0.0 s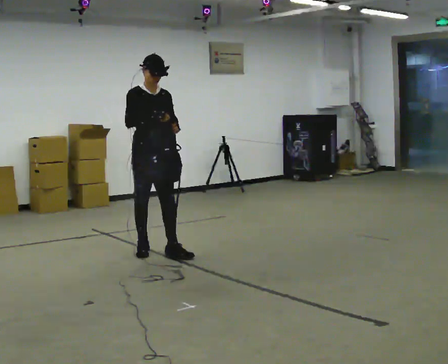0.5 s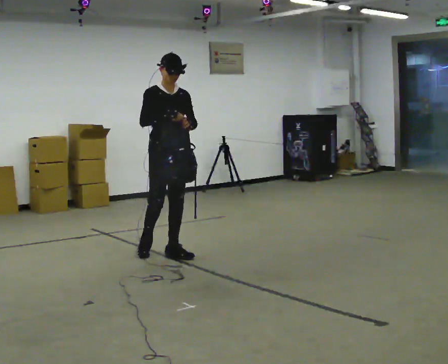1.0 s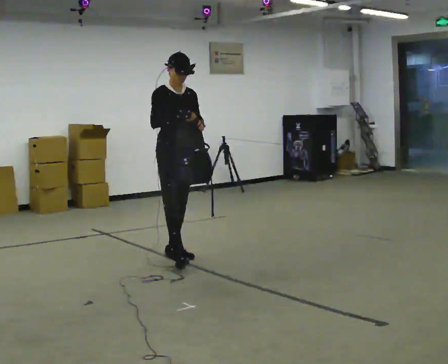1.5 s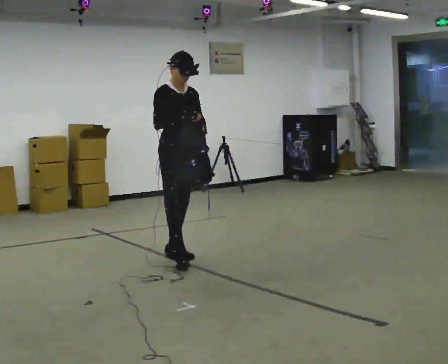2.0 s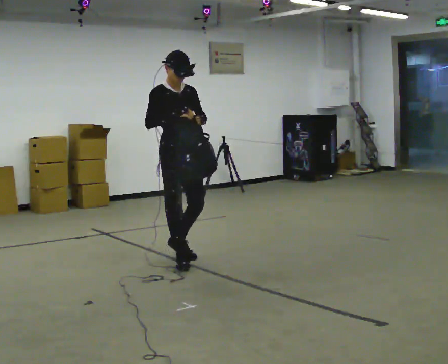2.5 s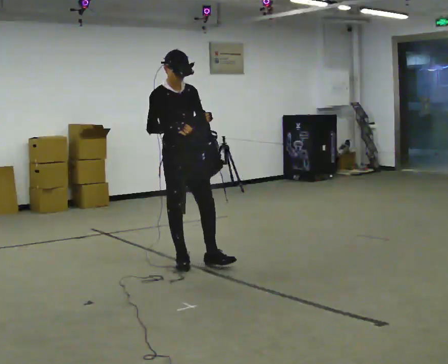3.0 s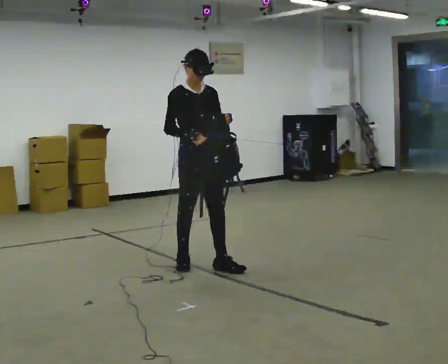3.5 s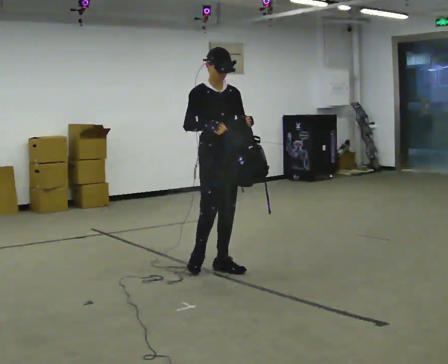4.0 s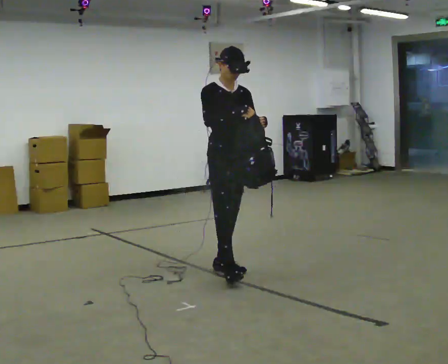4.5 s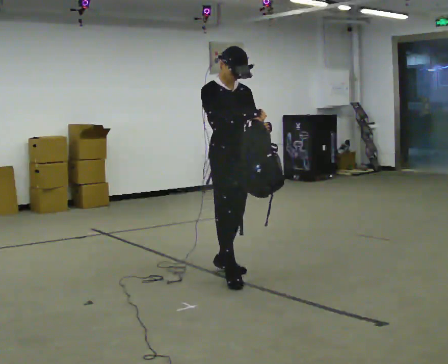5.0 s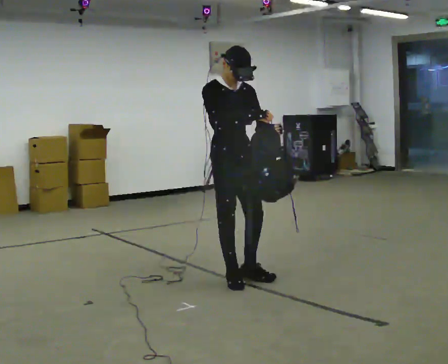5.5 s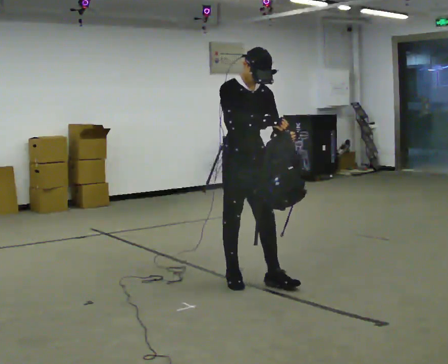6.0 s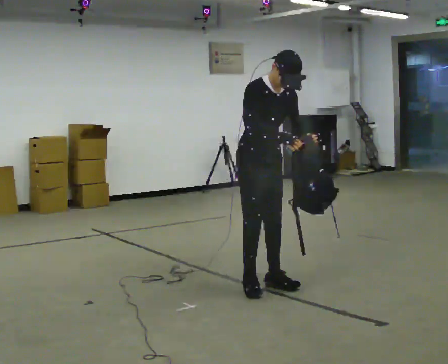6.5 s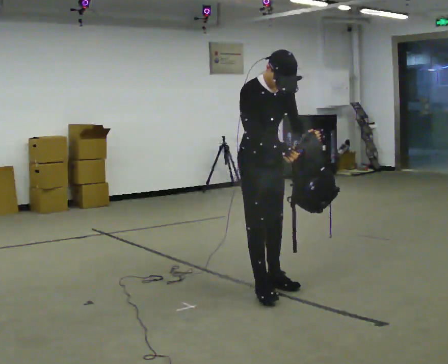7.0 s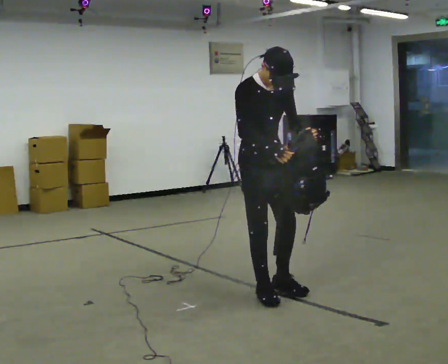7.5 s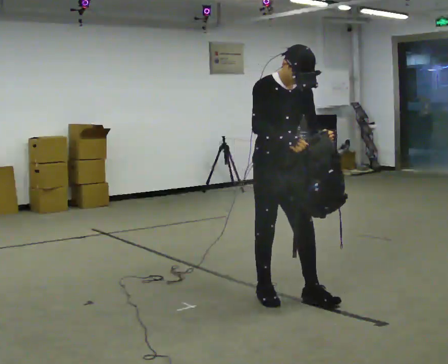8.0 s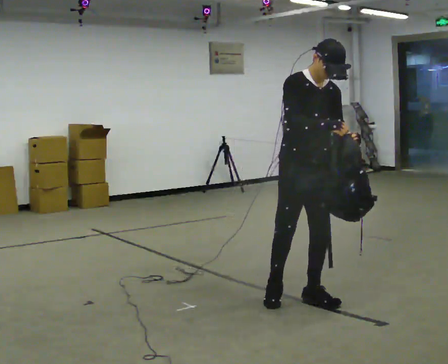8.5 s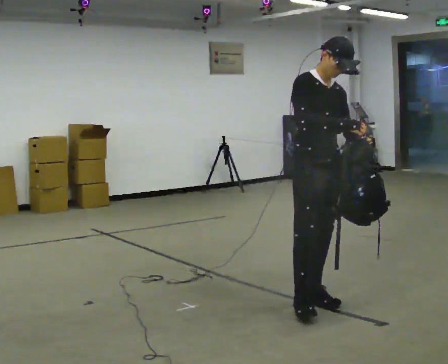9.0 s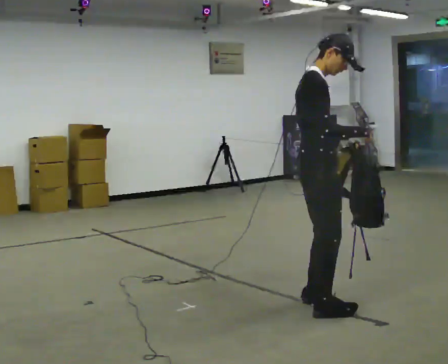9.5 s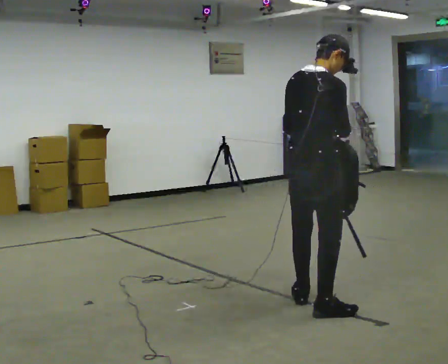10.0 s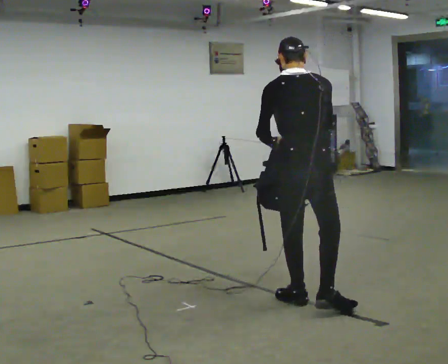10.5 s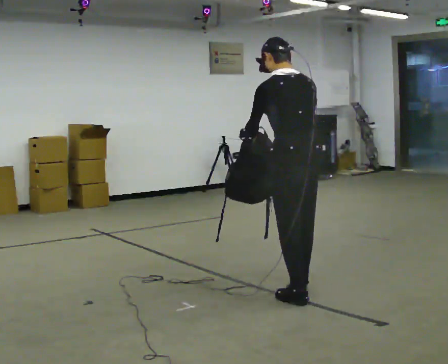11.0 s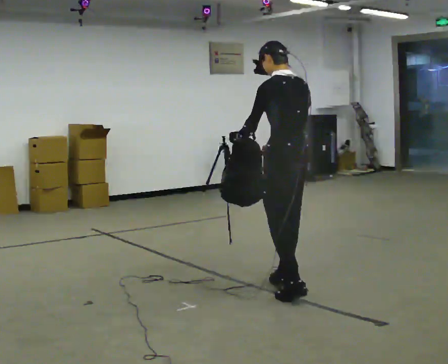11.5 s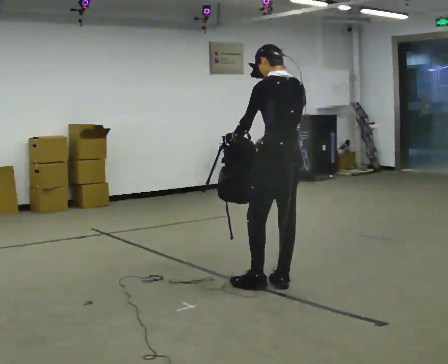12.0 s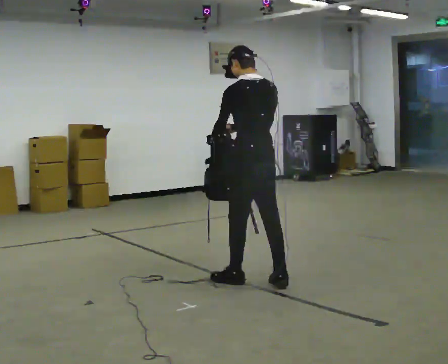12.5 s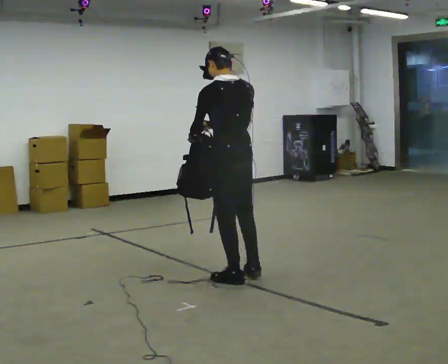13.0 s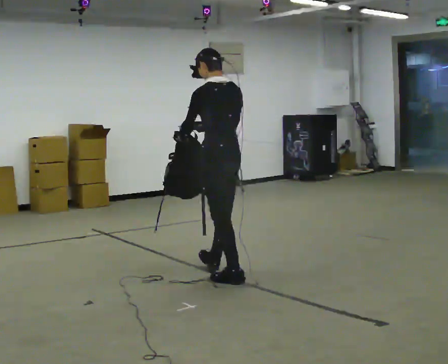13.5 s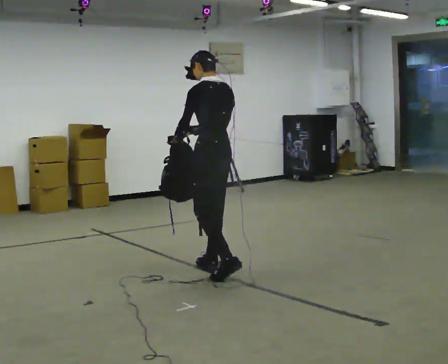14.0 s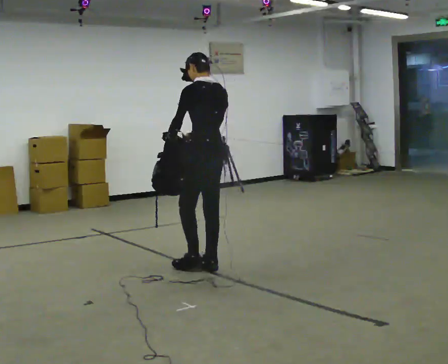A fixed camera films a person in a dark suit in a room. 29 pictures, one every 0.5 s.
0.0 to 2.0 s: In the picture they go toward the camera and to the right, about 0.5 m in 1 step, which for them is forward.
2.0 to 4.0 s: In the picture they go to the right and toward the camera, about 0.5 m in 2 steps, which for them is forward.
4.0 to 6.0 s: In the picture they go toward the camera and to the right, about 0.5 m in 1 step, which for them is forward. In the picture the upper body tilts clockwise, shoulders to the right, as they bend forward.
6.0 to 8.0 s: In the picture they go toward the camera and to the right, about 0.5 m in 2 steps, which for them is forward.
8.0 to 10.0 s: Seen from above the body turns counterclockwise, about 150 degrees: to their left, with its near side sliding to the right.
10.0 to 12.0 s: The part of the body nearest the lens slides to the right as the person turns to their left by about 30 degrees. In the picture they go away from the camera and to the left, about 0.75 m in 2 steps, which for them is forward.
12.0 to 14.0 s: In the picture they go away from the camera and to the left, about 0.5 m in 1 step, which for them is forward.
The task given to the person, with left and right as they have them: Carry the bag and, while walking, undo the buckle or zip, then do it up again. Keep repeating as you walk. Do not stop.
The film runs forward here.
